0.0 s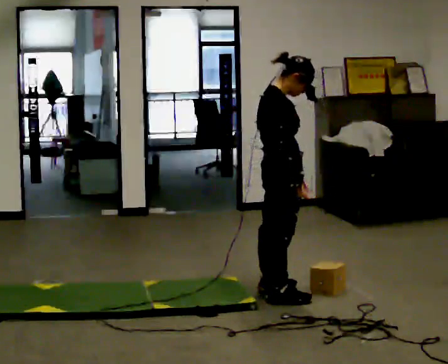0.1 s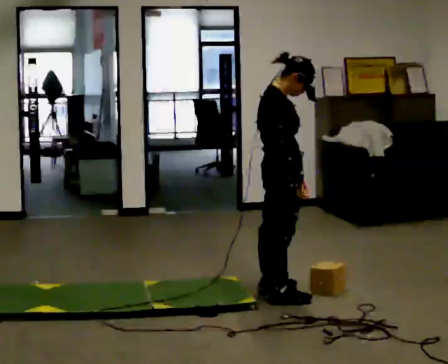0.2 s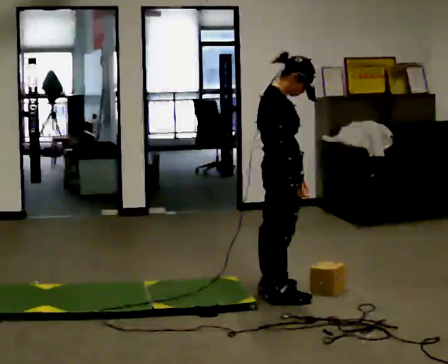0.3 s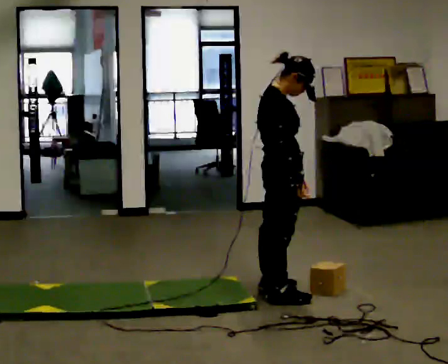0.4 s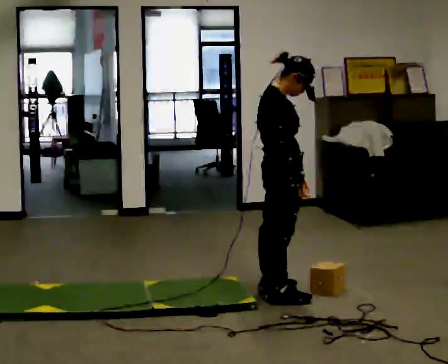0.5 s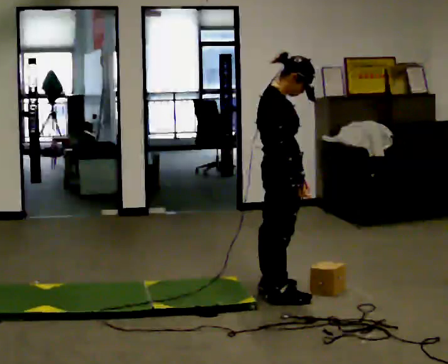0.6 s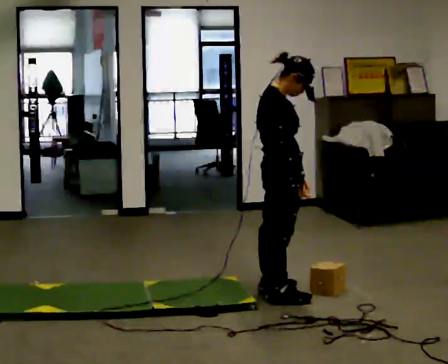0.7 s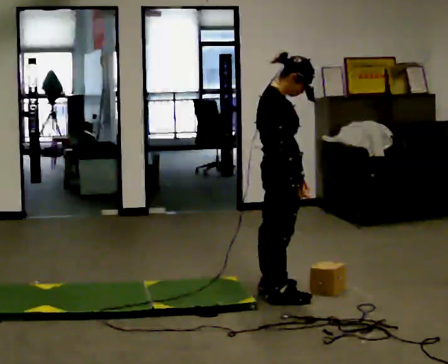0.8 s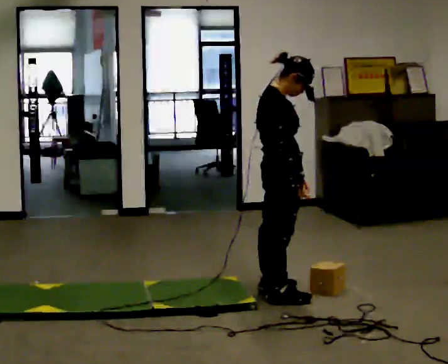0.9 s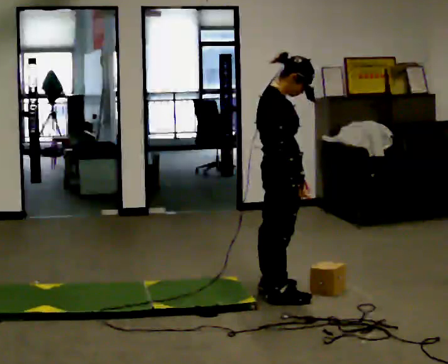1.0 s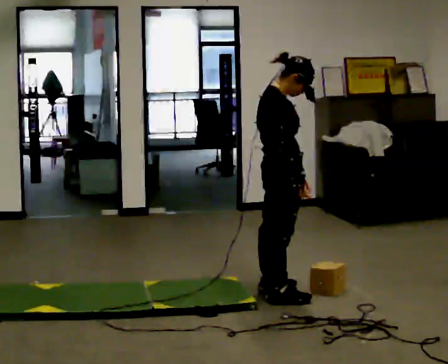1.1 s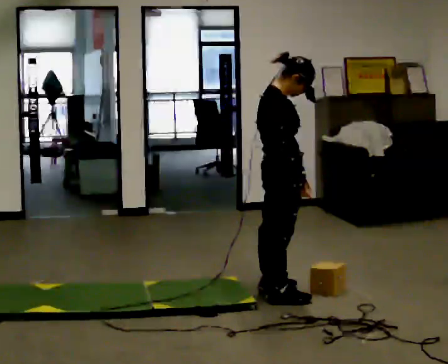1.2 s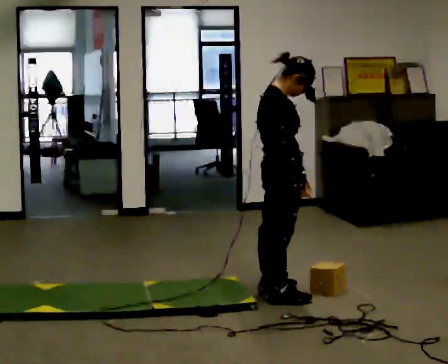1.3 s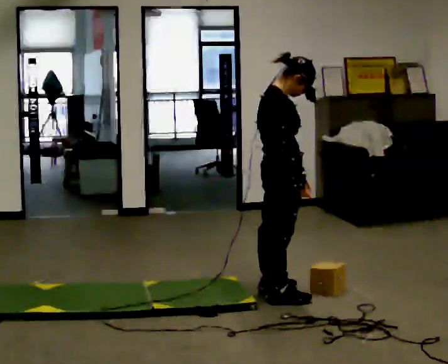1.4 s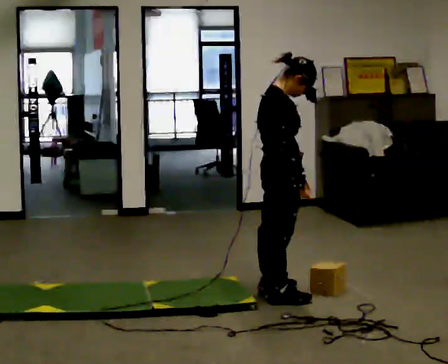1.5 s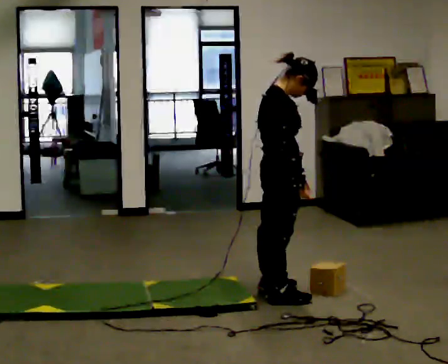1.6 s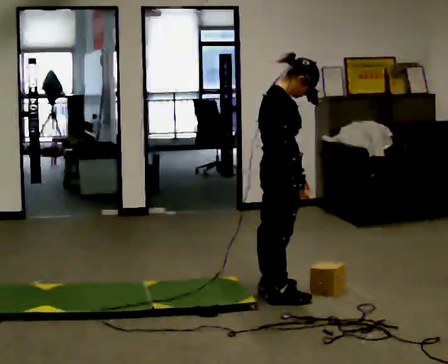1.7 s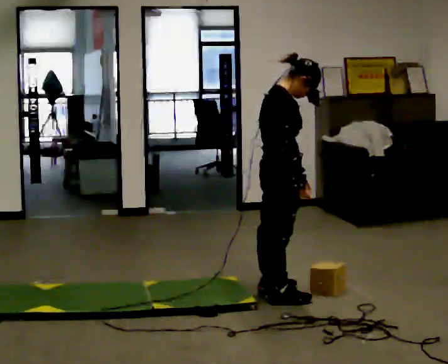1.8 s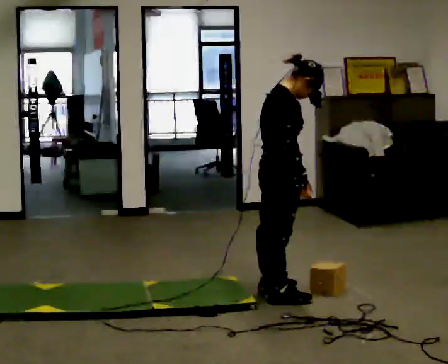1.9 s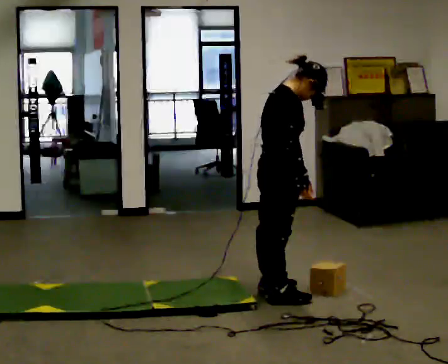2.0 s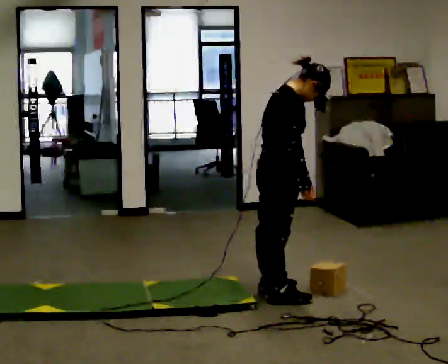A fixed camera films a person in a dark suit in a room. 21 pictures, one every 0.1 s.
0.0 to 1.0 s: The person keeps their place and pose.
1.0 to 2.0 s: In the picture the upper body tilts clockwise, shoulders to the right, as they bend forward.
The film runs forward here.
